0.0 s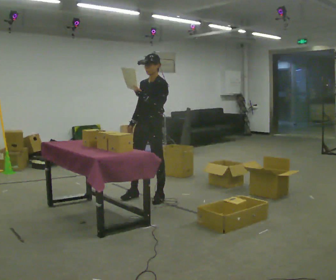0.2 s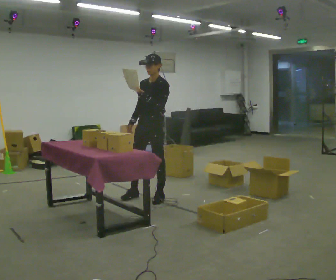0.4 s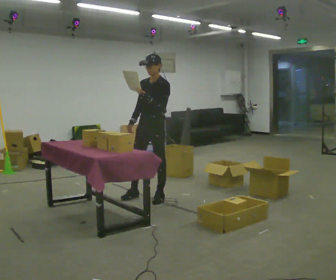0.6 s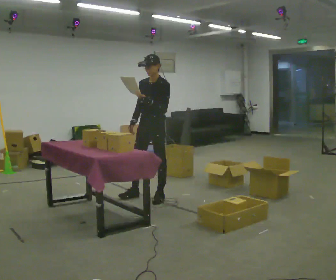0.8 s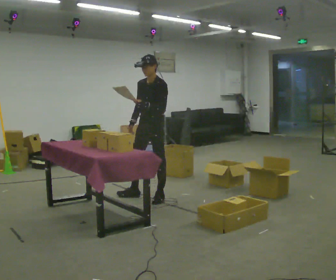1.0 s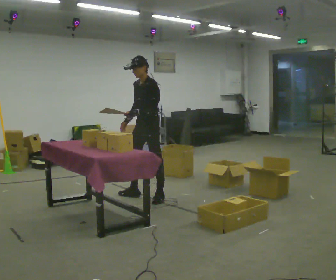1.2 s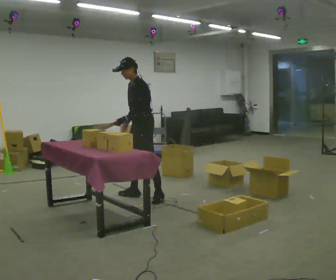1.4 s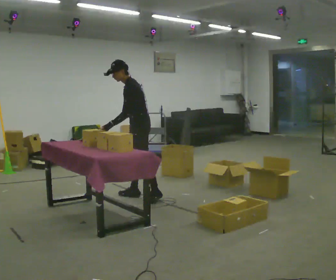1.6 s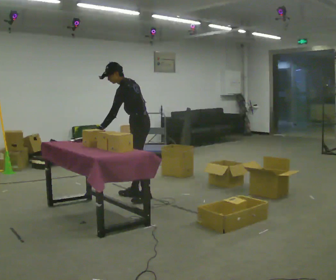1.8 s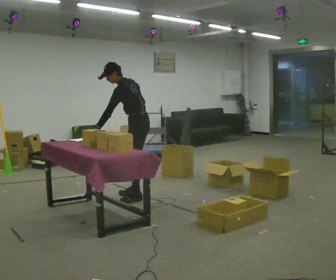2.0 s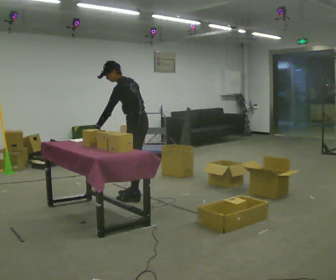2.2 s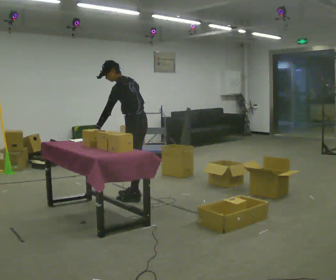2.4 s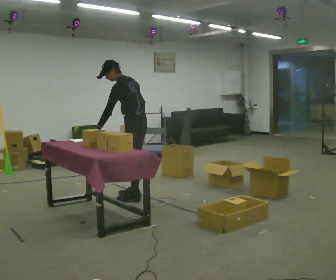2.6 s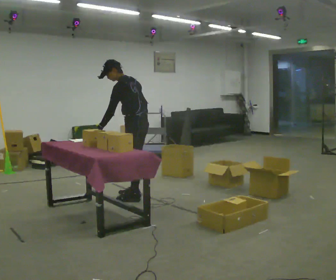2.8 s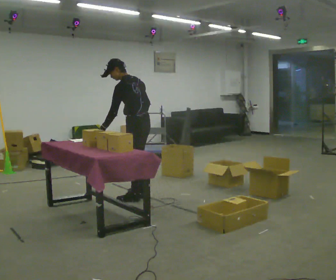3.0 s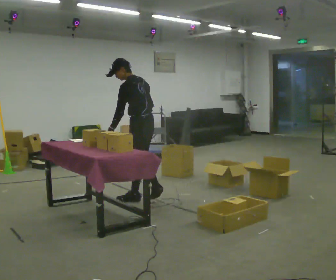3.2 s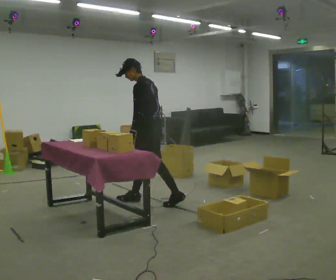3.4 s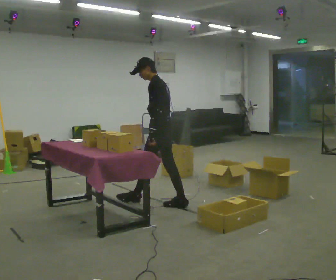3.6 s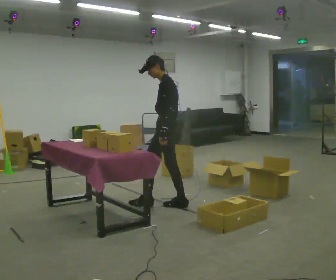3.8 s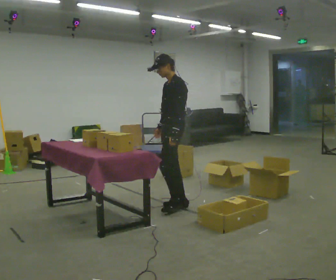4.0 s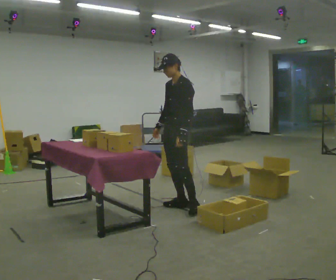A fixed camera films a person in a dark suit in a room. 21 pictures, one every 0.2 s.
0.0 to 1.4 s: The part of the body nearest the lens slides to the left as the person turns to their right by about 30 degrees. In the picture the upper body tilts counterclockwise, shoulders to the left, as they bend forward.
1.4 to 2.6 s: Seen from above the body turns clockwise, about 45 degrees: to their right, with its near side sliding to the left. In the picture they go toward the camera, about 0.25 m, which for them is to their left.
2.6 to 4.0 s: The part of the body nearest the lens slides to the right as the person turns to their left by about 45 degrees. In the picture they go to the right and toward the camera, about 0.5 m in 2 steps, which for them is backward. In the picture the upper body tilts clockwise, shoulders to the right, as they lean back or straighten.
The film runs backward here.
